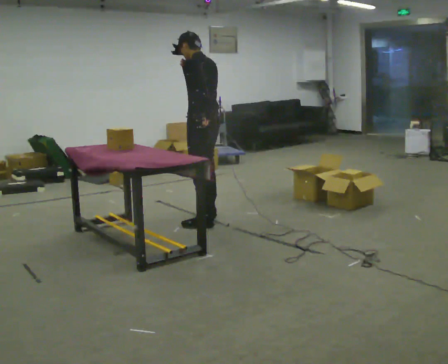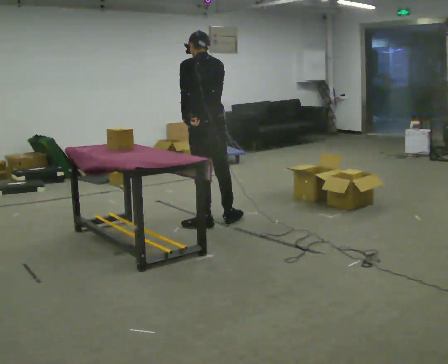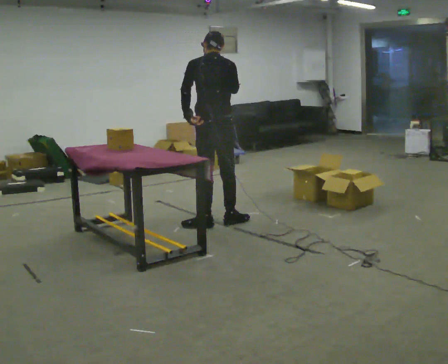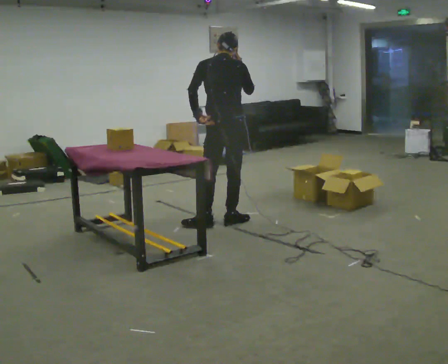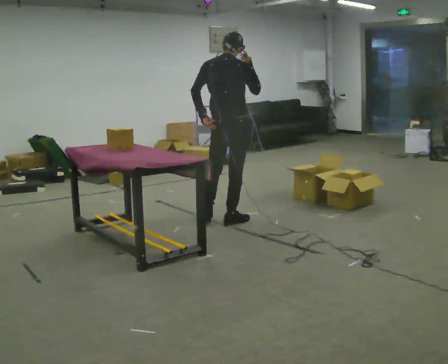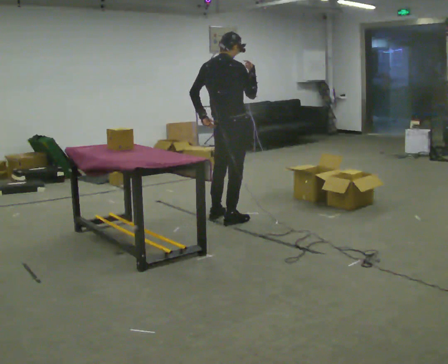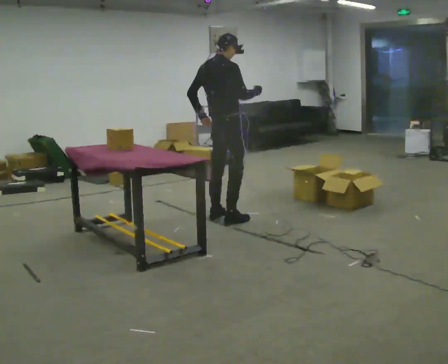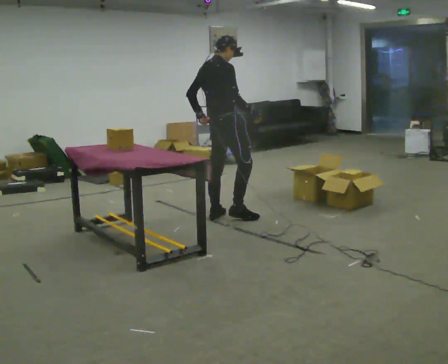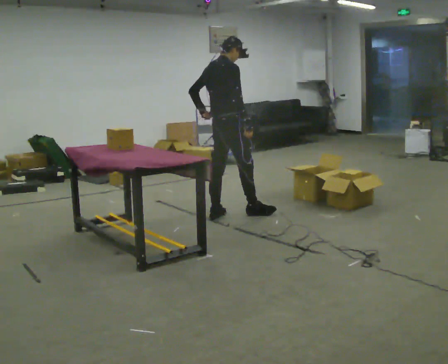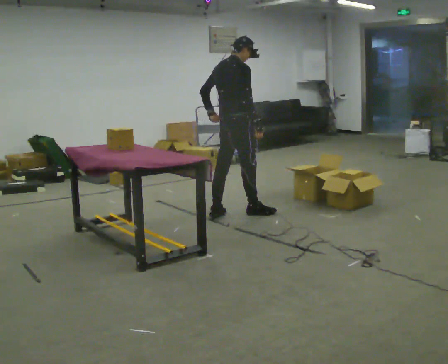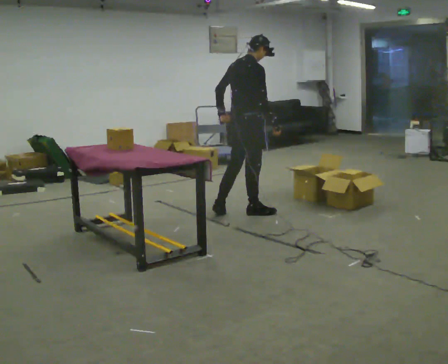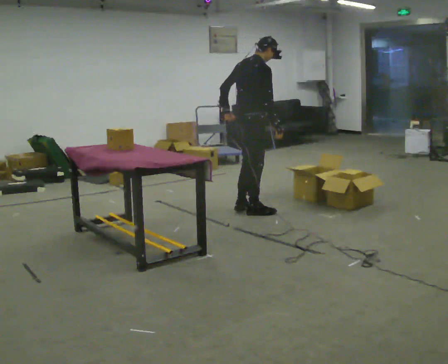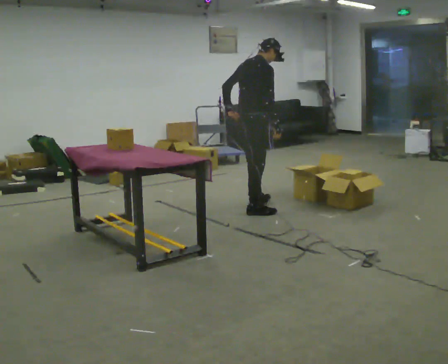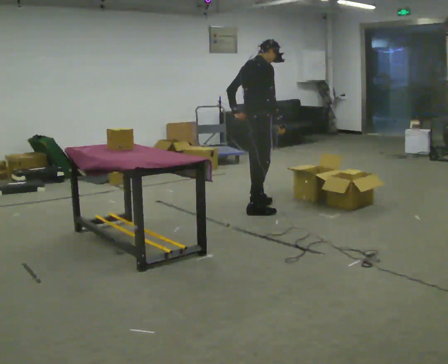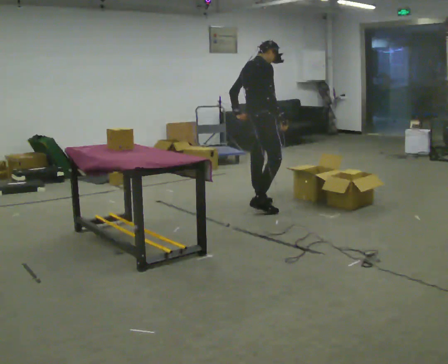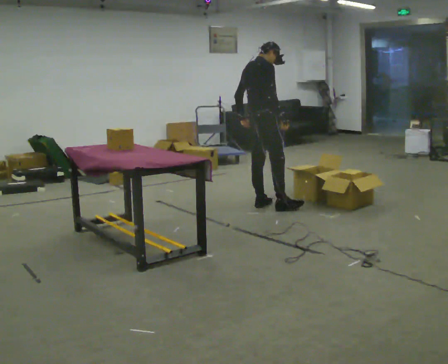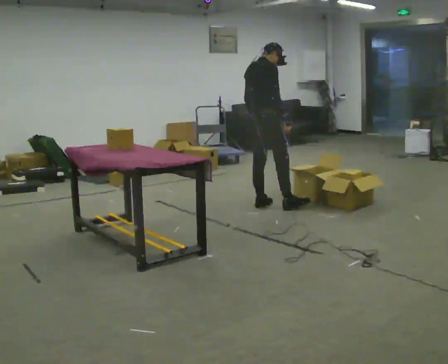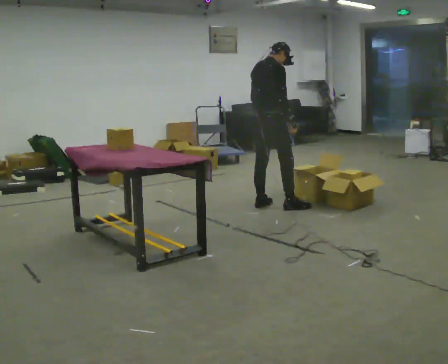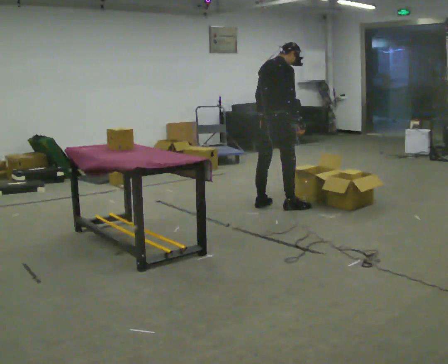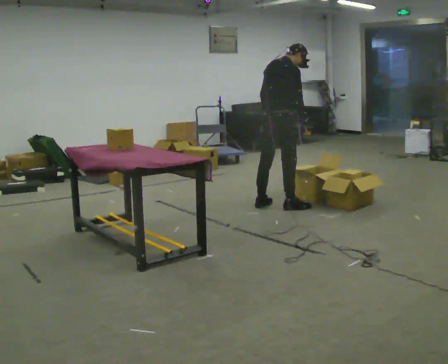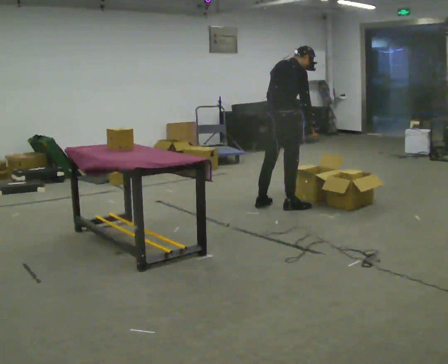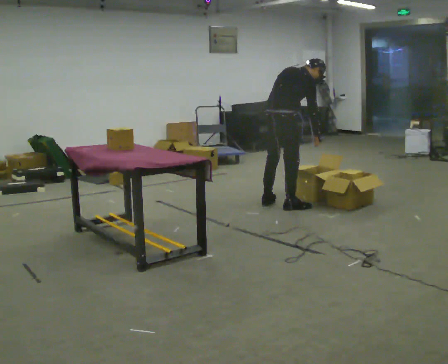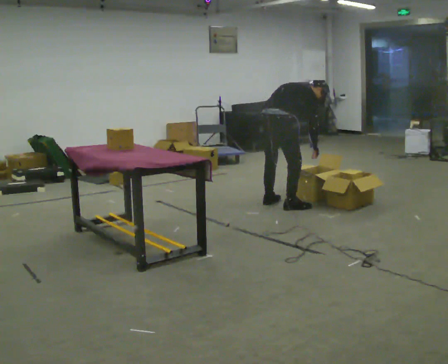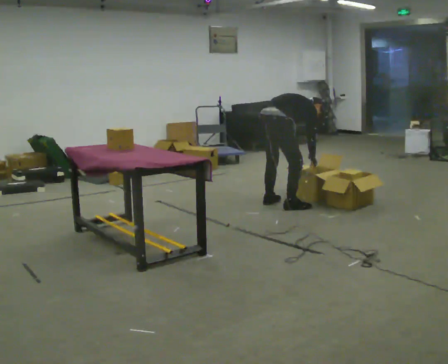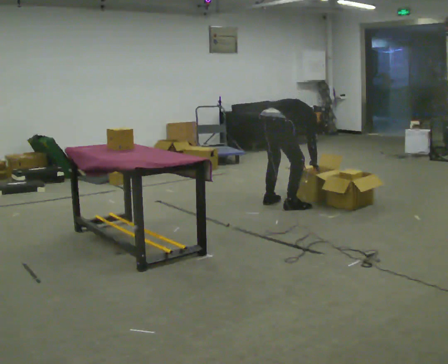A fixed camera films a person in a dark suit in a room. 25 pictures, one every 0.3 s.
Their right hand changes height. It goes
downward.
The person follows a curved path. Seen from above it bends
clockwise.
0.0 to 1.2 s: The part of the body nearest the lens slides to the left as the person turns to their right by about 75 degrees. In the picture they go to the right, about 0.25 m in 1 step. In the picture their right hand goes to the right.
1.2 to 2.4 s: The part of the body nearest the lens slides to the left as the person turns to their right by about 45 degrees. In the picture they go away from the camera, about 0.25 m in 1 step, which for them is to their left and forward. In the picture their right hand goes downward.
2.4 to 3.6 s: In the picture they go to the right, about 0.25 m in 1 step, which for them is forward.
3.6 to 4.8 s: In the picture they go away from the camera, about 0.25 m in 2 steps, which for them is forward and to their left.
4.8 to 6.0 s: In the picture they go to the right, about 0.25 m, which for them is to their right. In the picture the upper body tilts clockwise, shoulders to the right, as they bend forward.
6.0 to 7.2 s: The shoulders move downward. In the picture the upper body tilts clockwise, shoulders to the right, as they bend forward. In the picture their left hand goes downward.
The film runs forward here.
